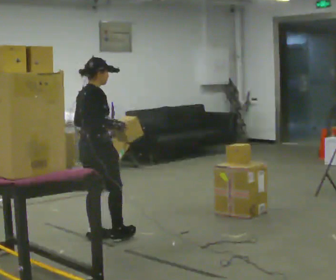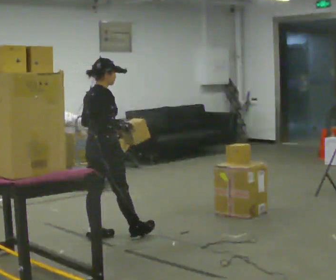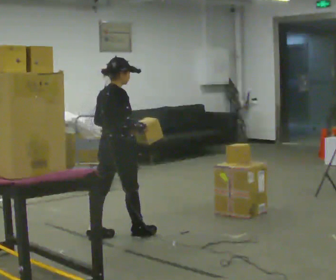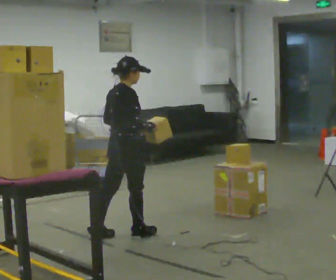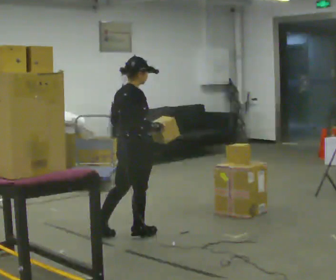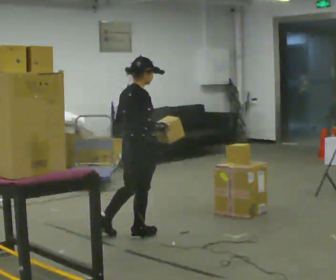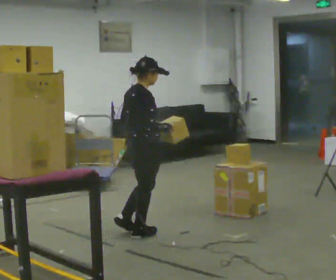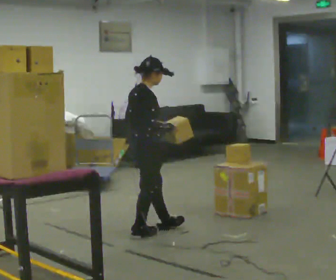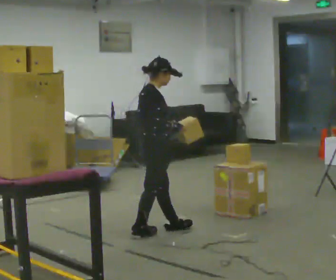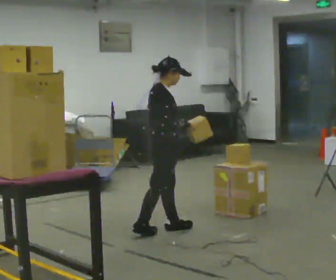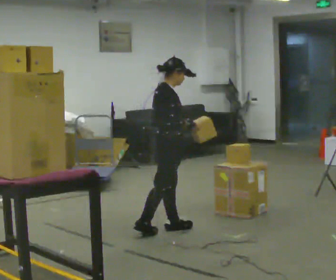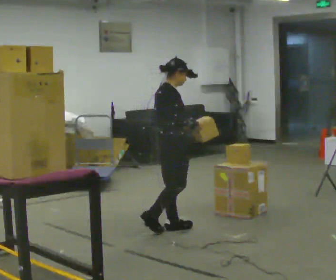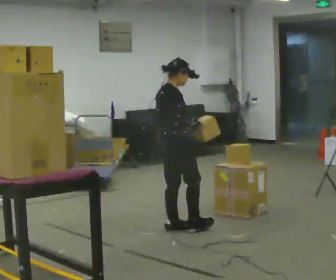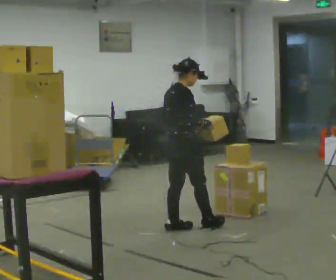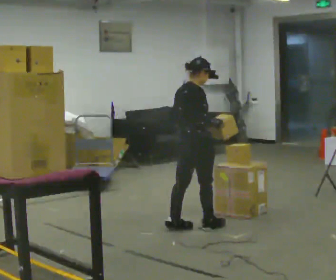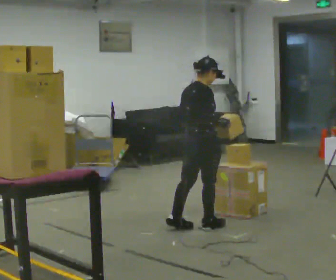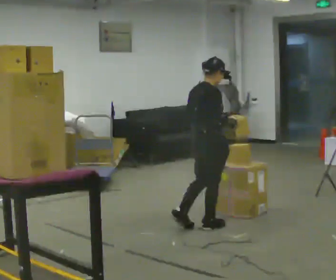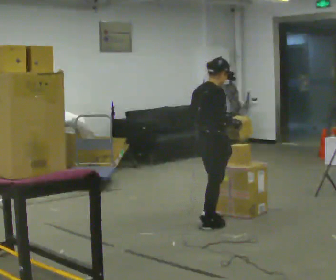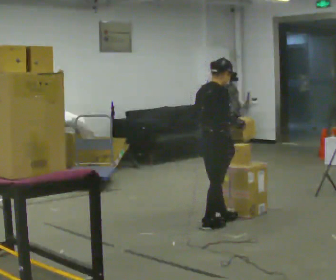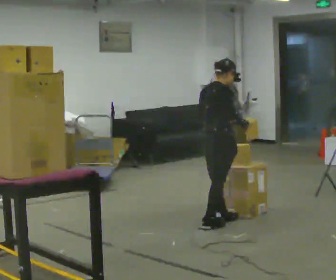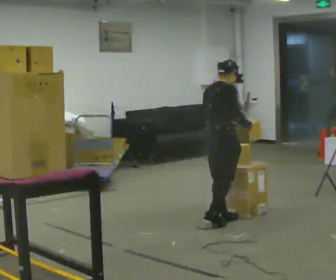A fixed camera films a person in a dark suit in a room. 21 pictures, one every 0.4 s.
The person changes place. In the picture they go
to the right.
0.0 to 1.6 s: In the picture they go to the right, about 0.25 m in 1 step, which for them is forward and to their right.
1.6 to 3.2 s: In the picture they go to the right, about 0.25 m in 1 step, which for them is forward.
3.2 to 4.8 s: In the picture they go to the right, about 0.25 m, which for them is forward.
4.8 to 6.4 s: In the picture they go to the right, about 0.25 m in 1 step, which for them is forward and to their right.
6.4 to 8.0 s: In the picture they go away from the camera, about 0.25 m in 1 step, which for them is forward.
The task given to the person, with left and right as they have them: Take an object down from the highest shelf you can comfortably reach, carry it across, and place it on the waist-height shelf. Keep going until the operator says stop; one object at a time, and do not rush between trips.
The film runs forward here.
